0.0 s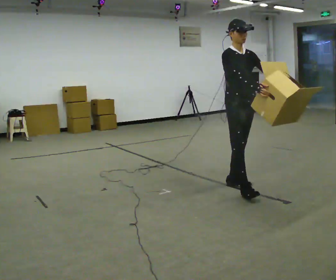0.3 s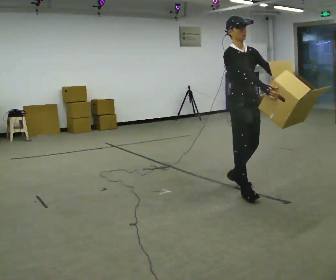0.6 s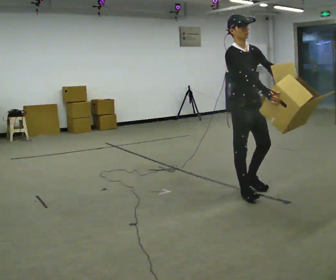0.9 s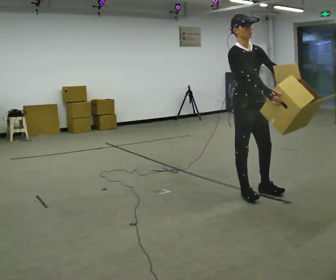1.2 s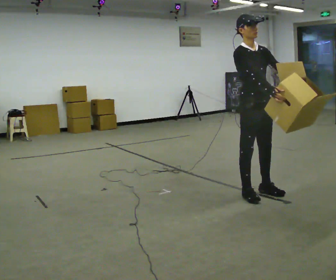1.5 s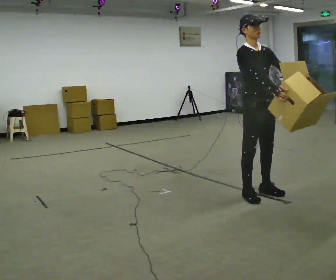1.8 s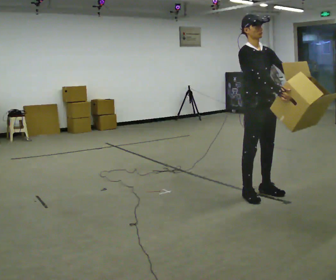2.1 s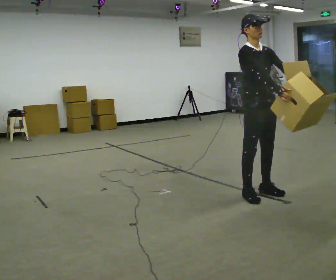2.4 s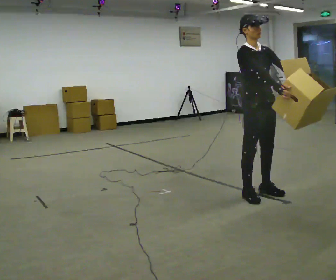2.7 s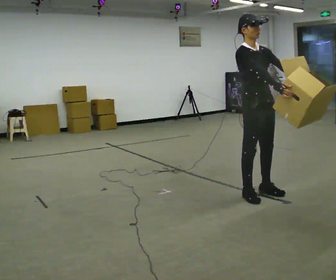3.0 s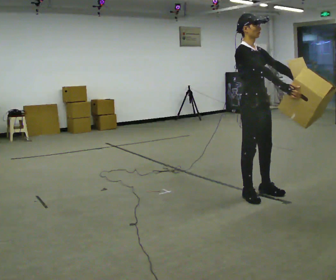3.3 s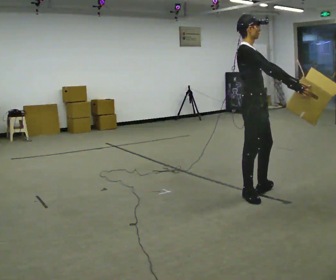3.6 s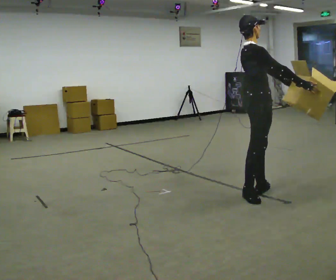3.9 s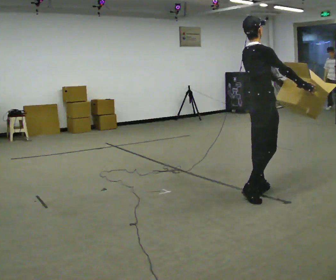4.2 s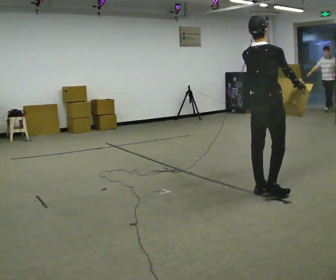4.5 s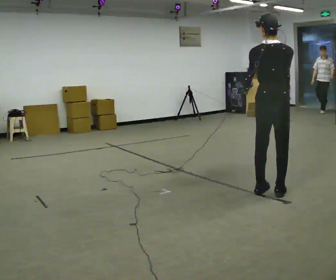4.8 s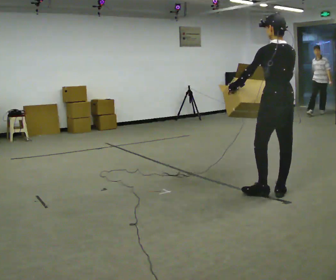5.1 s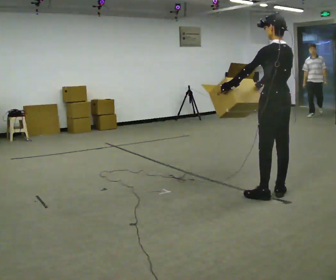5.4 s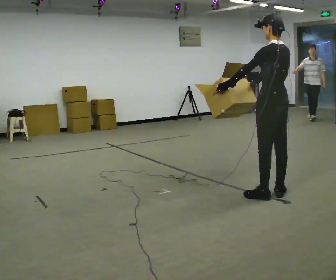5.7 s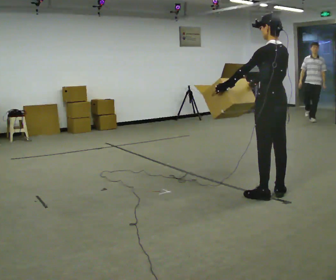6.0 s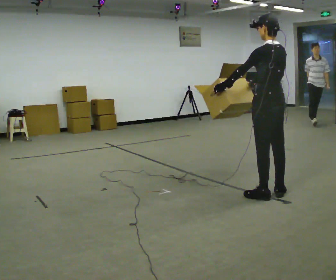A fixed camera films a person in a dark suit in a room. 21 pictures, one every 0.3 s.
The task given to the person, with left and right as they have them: Carry the object across the room. The lid hangs loose and will swing, so carry it however works. Keep going until the operator says stop; one object at a time, and do not rush between trips.
0.0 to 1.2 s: In the picture they go toward the camera and to the right, about 0.25 m in 1 step, which for them is forward.
1.2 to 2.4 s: The person moves a little, or ends about where they began.
2.4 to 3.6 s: The person turns about 45 degrees to their left, counterclockwise seen from above, so the part of the body nearest the lens slides to the right.
3.6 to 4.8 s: The person turns about 120 degrees to their left, counterclockwise seen from above, so the part of the body nearest the lens slides to the right. In the picture they go to the right, about 0.25 m in 1 step. In the picture their left hand goes to the left, the arm swinging clockwise.
4.8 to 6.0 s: The person moves a little, or ends about where they began.
The film runs forward here.
